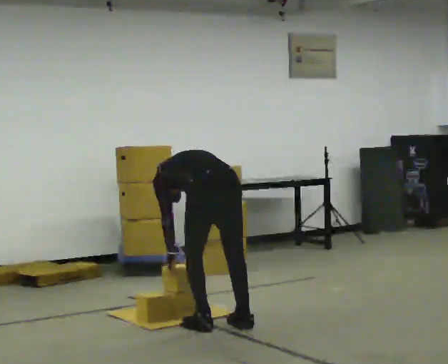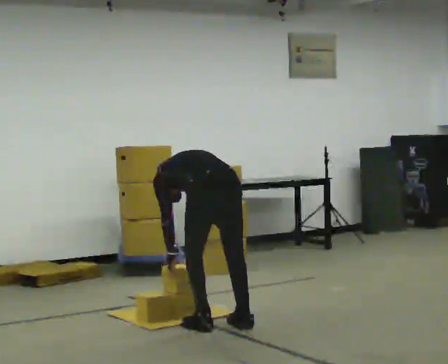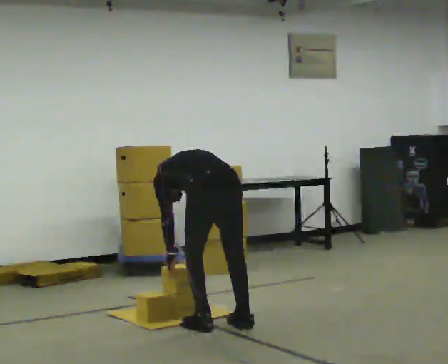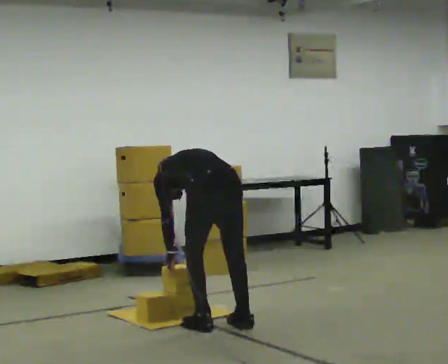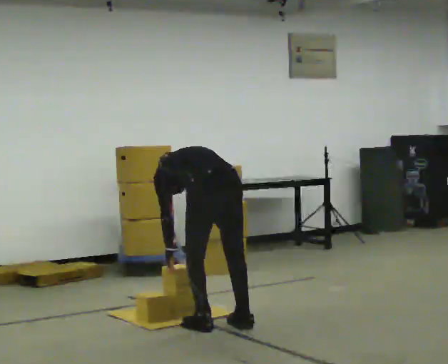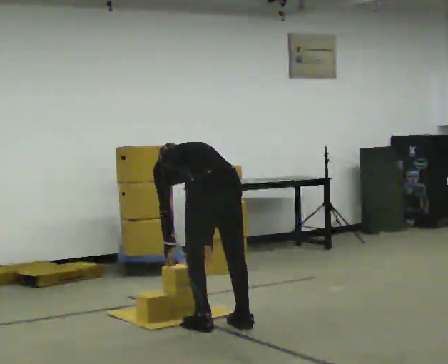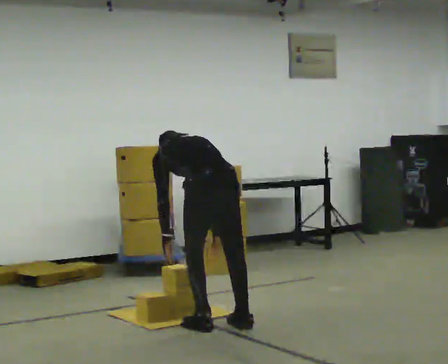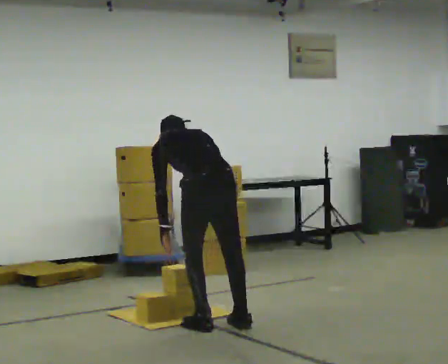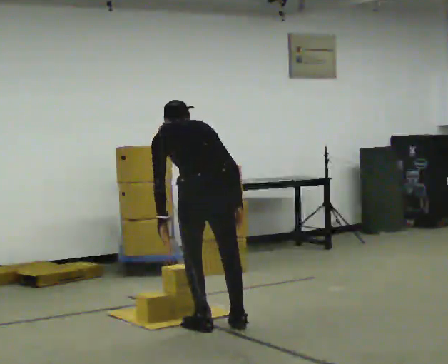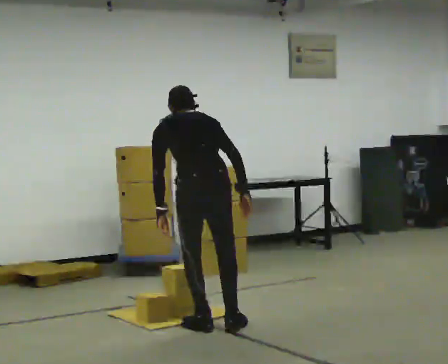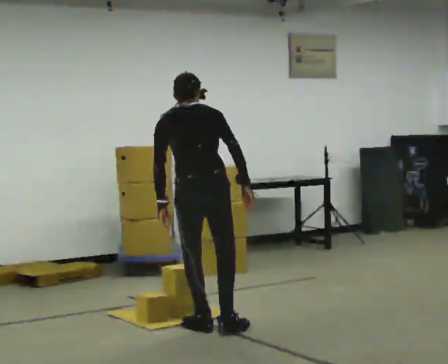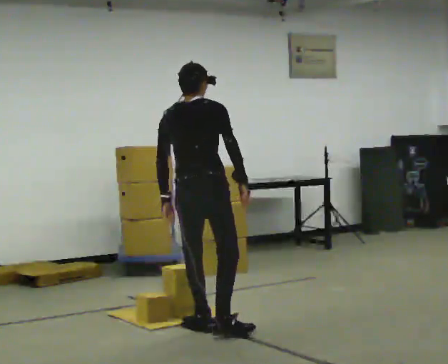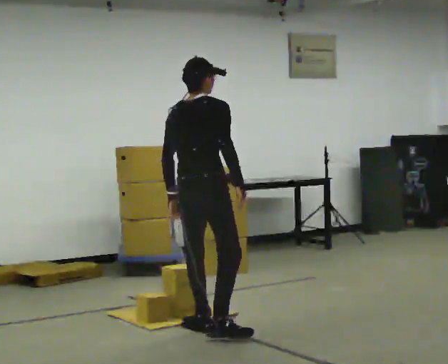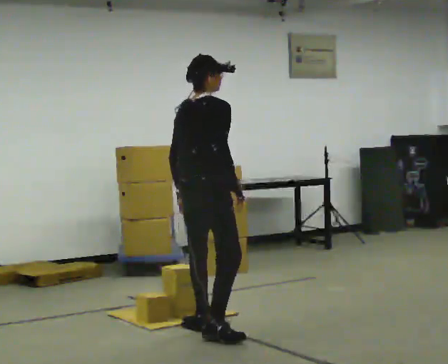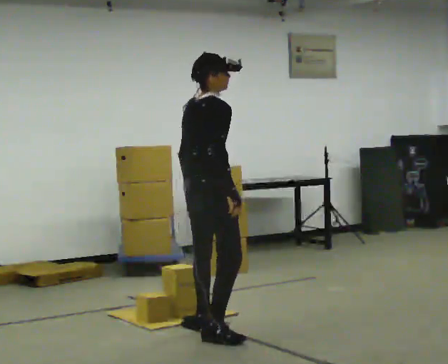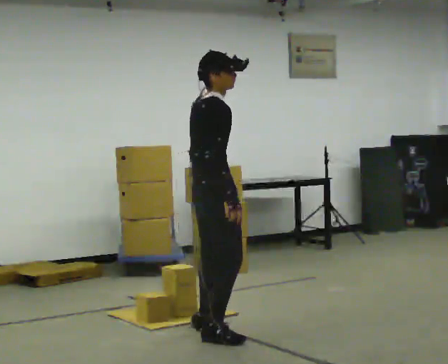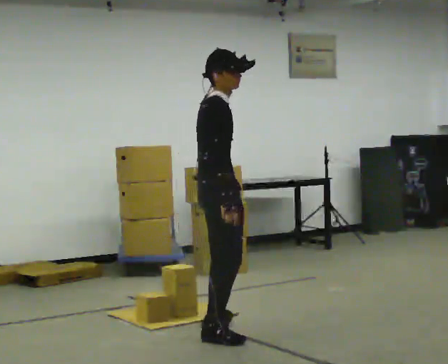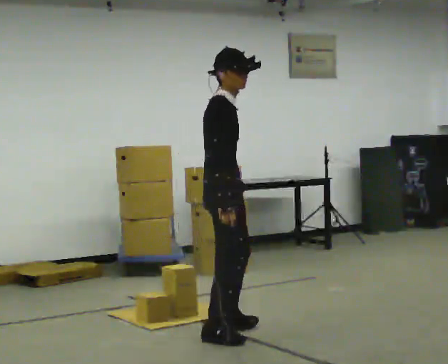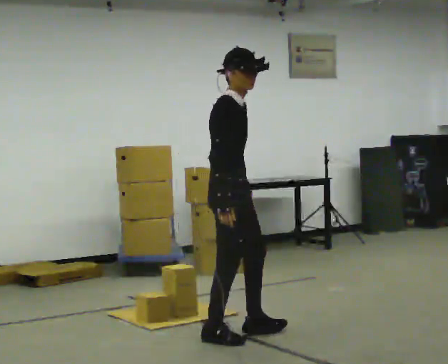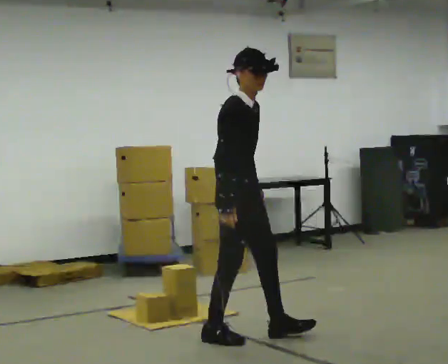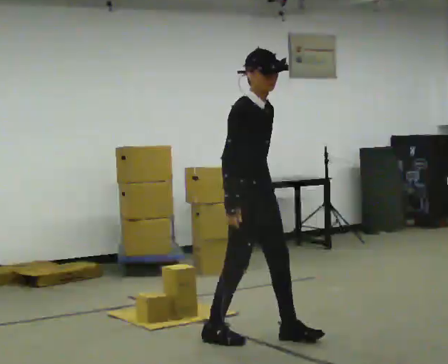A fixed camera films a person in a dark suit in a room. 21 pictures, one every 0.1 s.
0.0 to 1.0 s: The person turns about 30 degrees to their right, clockwise seen from above, so the part of the body nearest the lens slides to the left. The shoulders move upward. The upper body tips toward the camera, its near side rolling downward, as they lean back or straighten. In the picture their right hand goes upward.
1.0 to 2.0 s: The person turns about 120 degrees to their right, clockwise seen from above, so the part of the body nearest the lens slides to the left. In the picture they go to the right and toward the camera, about 0.25 m in 2 steps. The upper body tips toward the camera, its near side rolling downward, as they lean back or straighten.
The film runs forward here.
